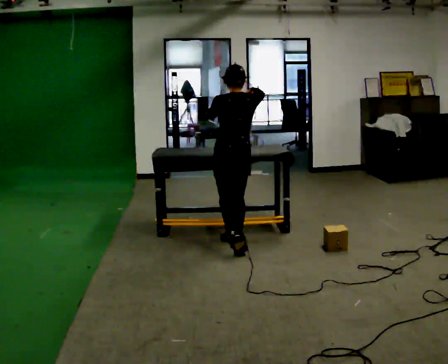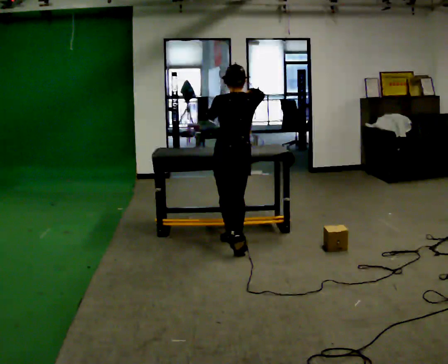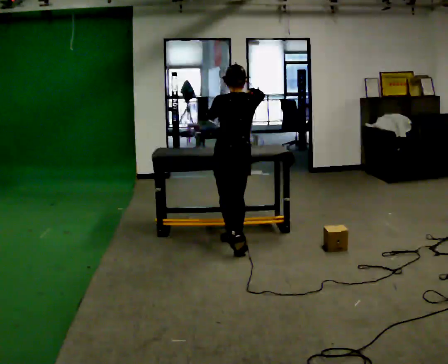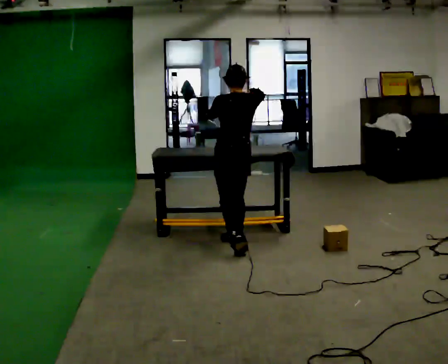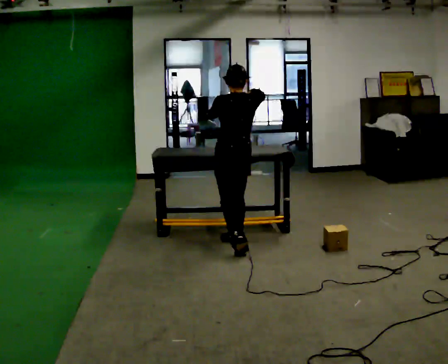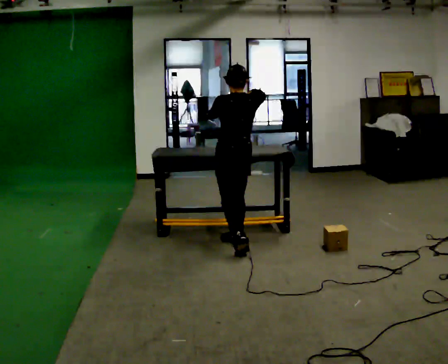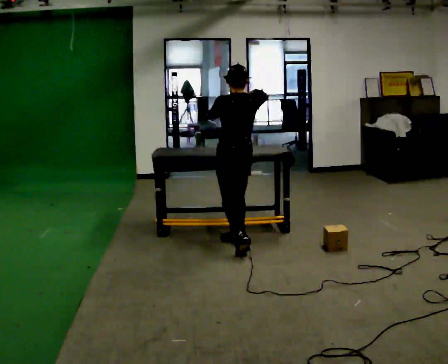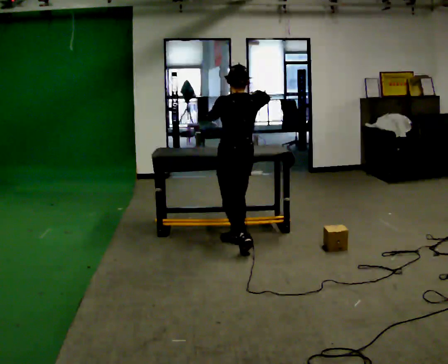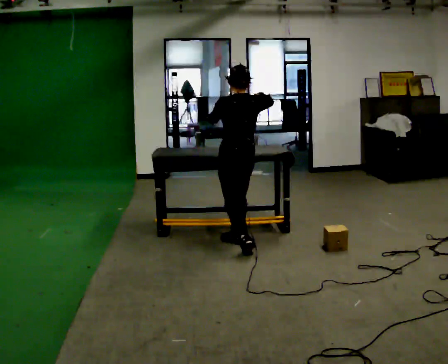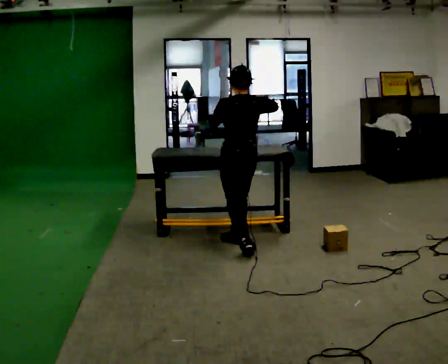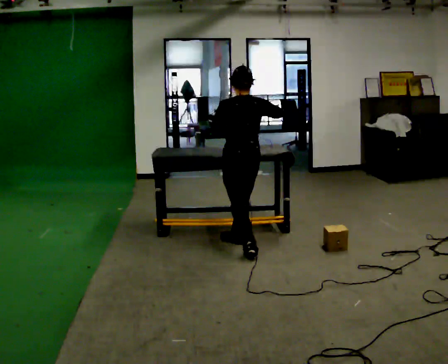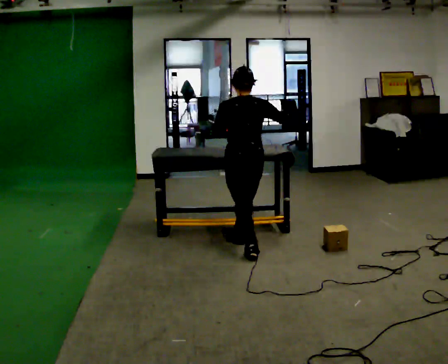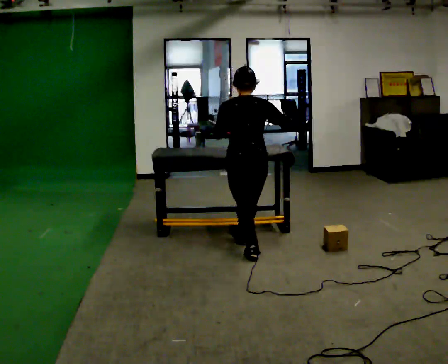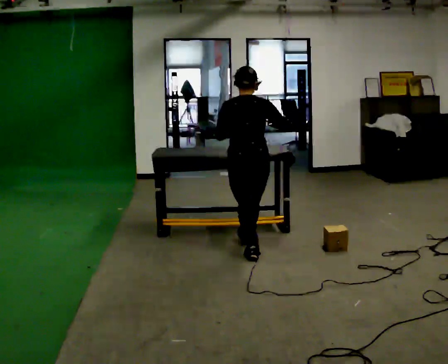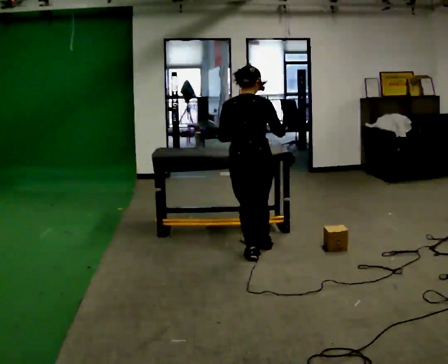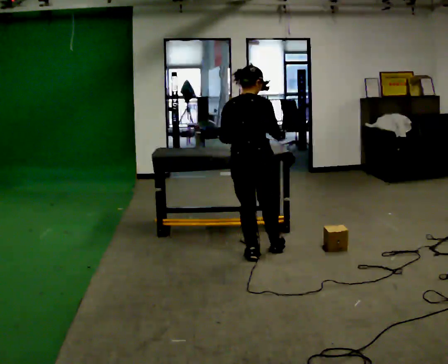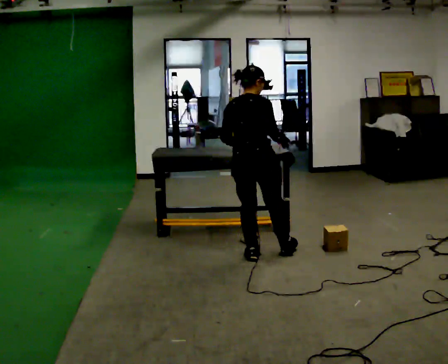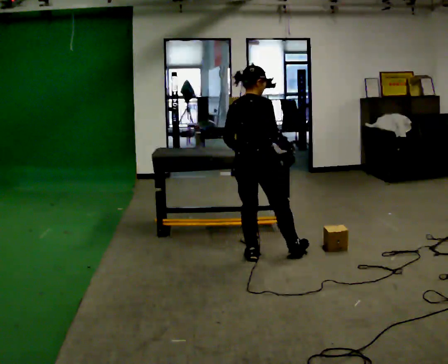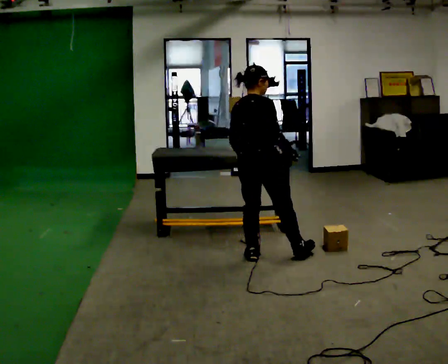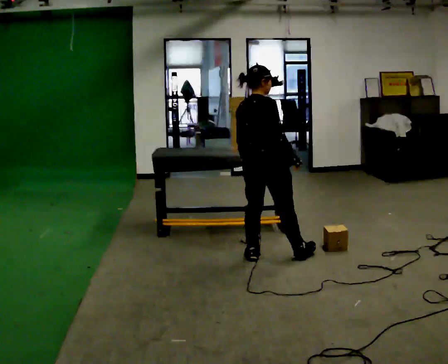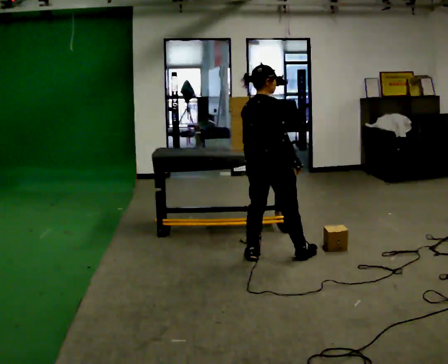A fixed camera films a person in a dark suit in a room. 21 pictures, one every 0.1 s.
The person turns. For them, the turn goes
to their right.
The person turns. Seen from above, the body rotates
clockwise.
0.0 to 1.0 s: In the picture they go toward the camera, about 0.25 m, which for them is backward.
1.0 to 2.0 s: Seen from above the body turns clockwise, about 75 degrees: to their right, with its near side sliding to the left. In the picture they go toward the camera and to the right, about 0.25 m in 1 step. In the picture their right hand goes downward.
The film runs forward here.
